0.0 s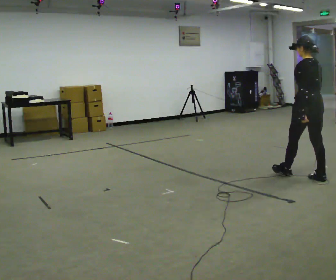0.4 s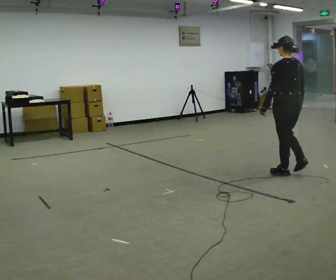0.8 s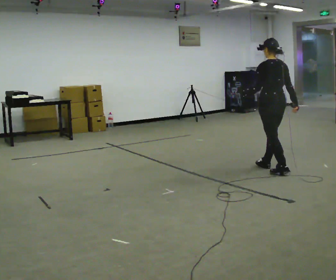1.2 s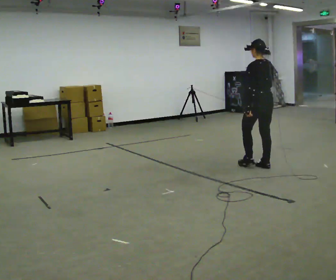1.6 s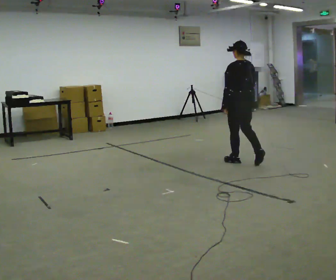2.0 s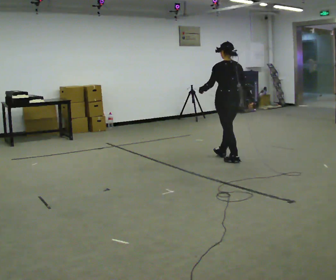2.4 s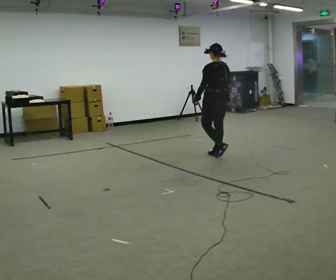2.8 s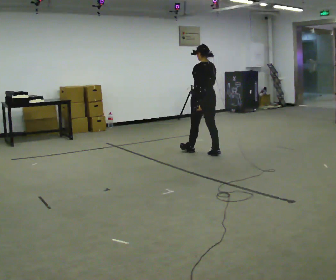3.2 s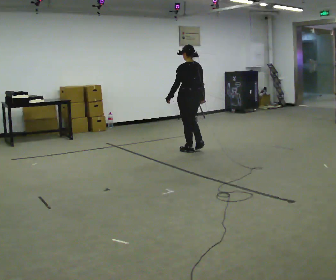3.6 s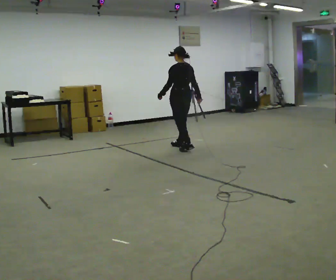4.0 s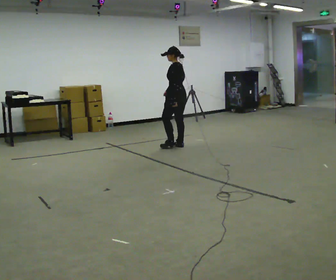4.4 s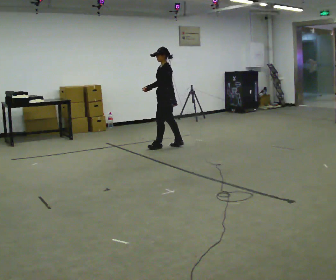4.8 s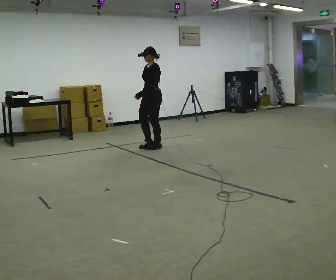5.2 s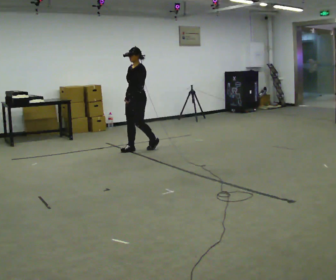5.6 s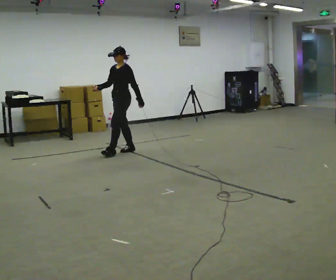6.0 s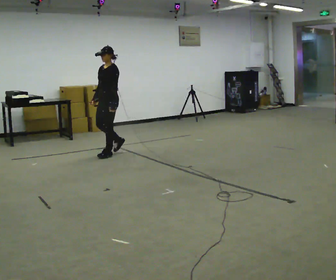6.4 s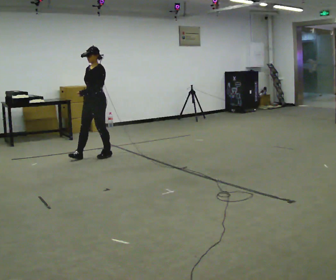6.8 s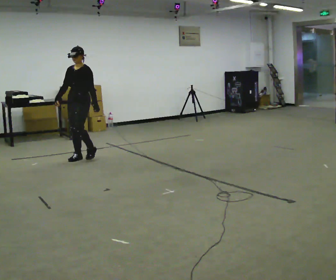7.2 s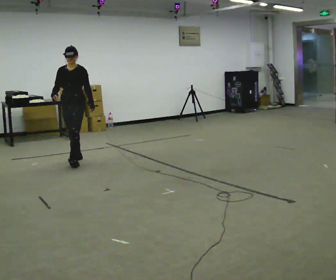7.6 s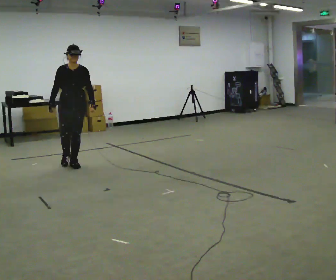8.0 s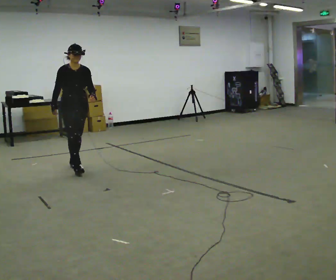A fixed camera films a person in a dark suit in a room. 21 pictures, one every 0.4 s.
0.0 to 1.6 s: In the picture they go away from the camera and to the left, about 1 m in 3 steps, which for them is forward.
1.6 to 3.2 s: In the picture they go away from the camera and to the left, about 1 m in 2 steps, which for them is forward.
3.2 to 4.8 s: Seen from above the body turns counterclockwise, about 75 degrees: to their left, with its near side sliding to the right. In the picture they go to the left and away from the camera, about 0.5 m in 2 steps.
4.8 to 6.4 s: In the picture they go to the left and toward the camera, about 1 m in 3 steps, which for them is forward.
6.4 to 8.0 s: The person turns about 75 degrees to their left, counterclockwise seen from above, so the part of the body nearest the lens slides to the right. In the picture they go toward the camera, about 0.75 m in 2 steps.
The film runs forward here.
